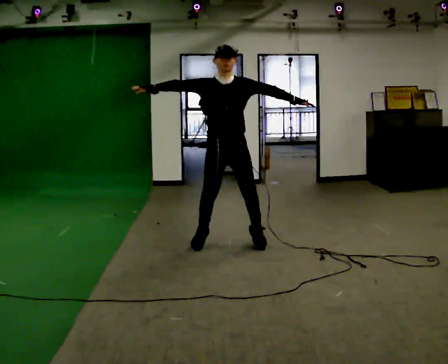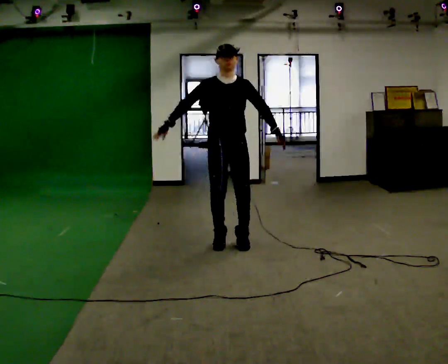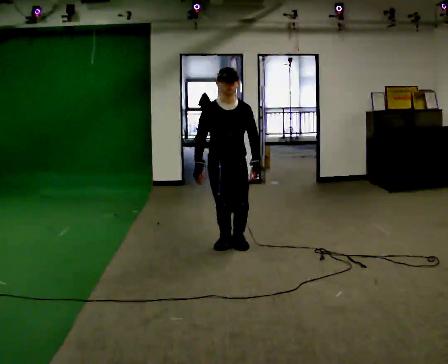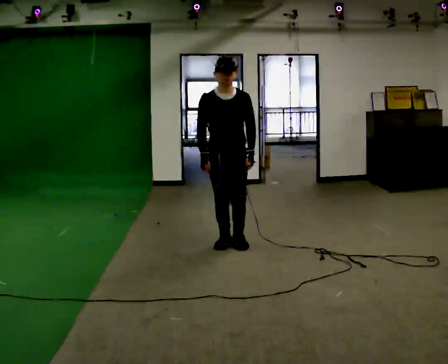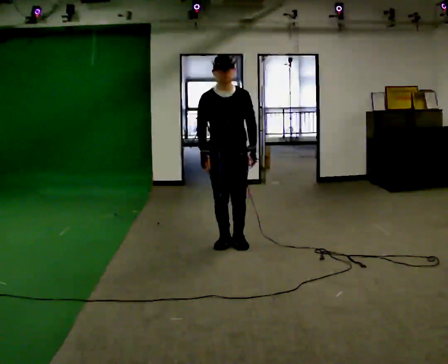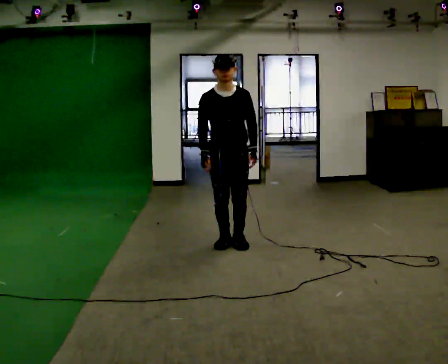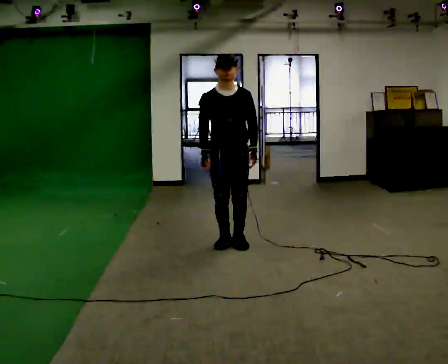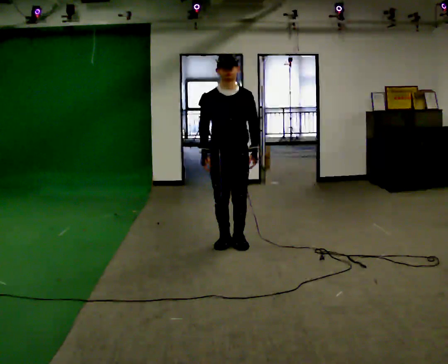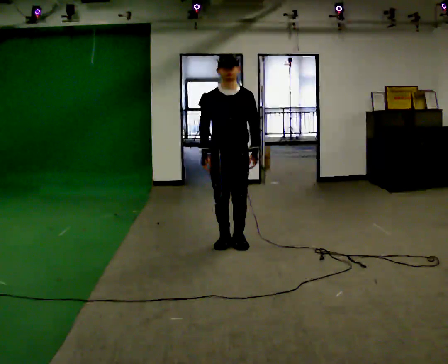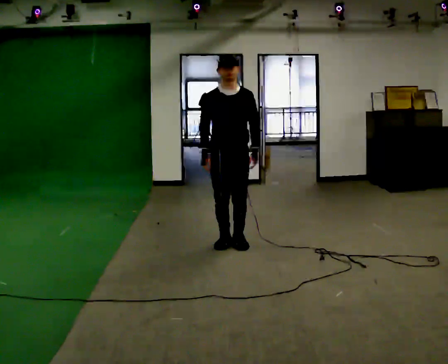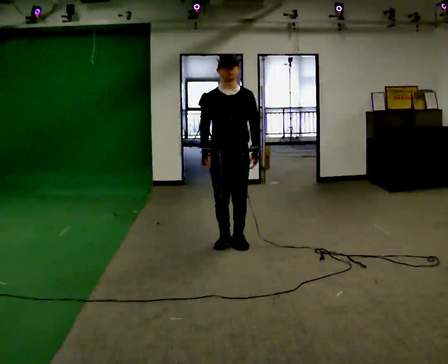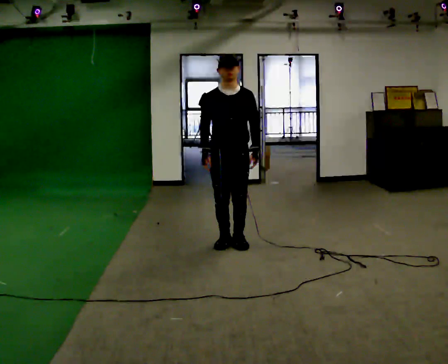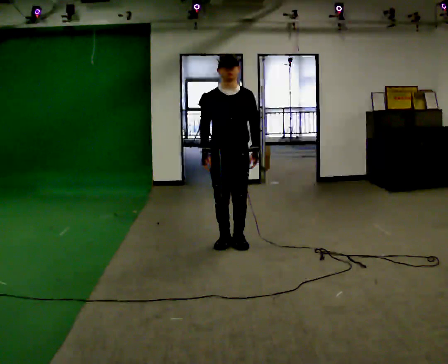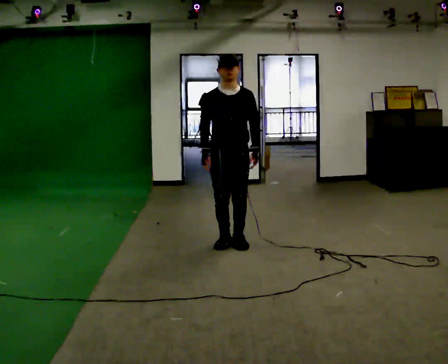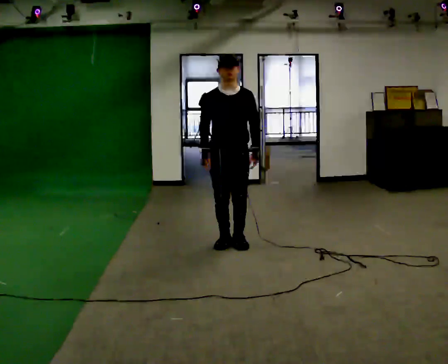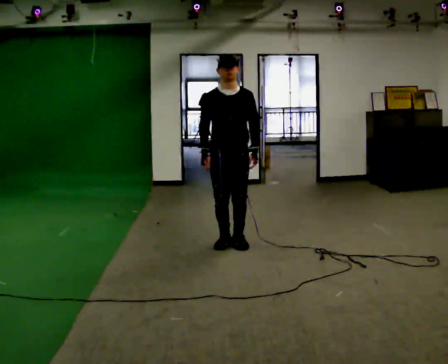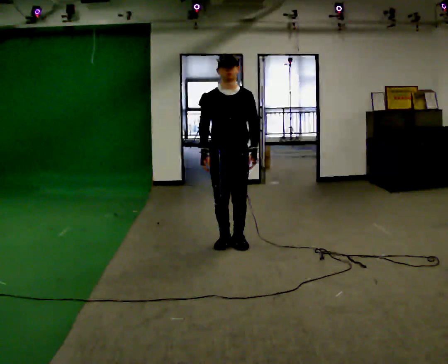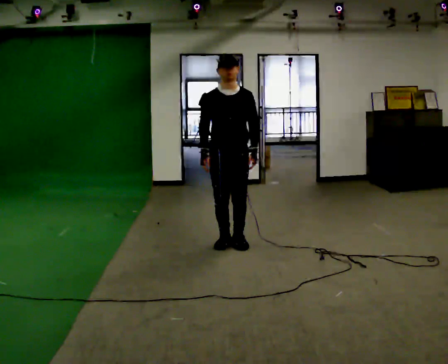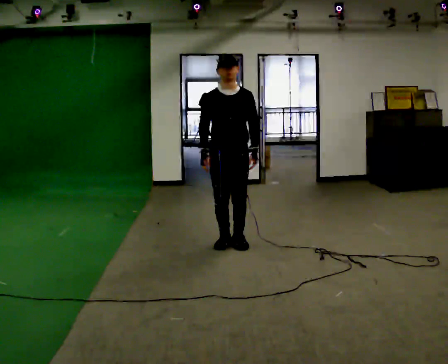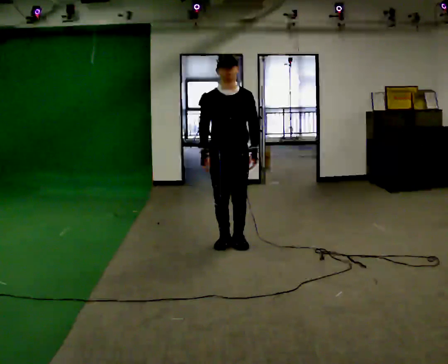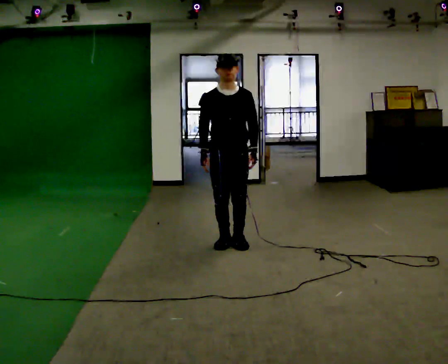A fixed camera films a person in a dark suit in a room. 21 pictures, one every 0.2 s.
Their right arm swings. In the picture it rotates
counterclockwise.
Their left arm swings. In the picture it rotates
clockwise.
0.0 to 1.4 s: In the picture their right hand goes downward and to the right, the arm swinging counterclockwise.
1.4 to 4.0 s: The person moves a little, or ends about where they began.
The film runs backward here.
